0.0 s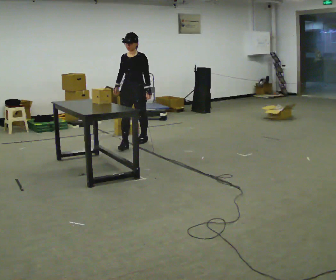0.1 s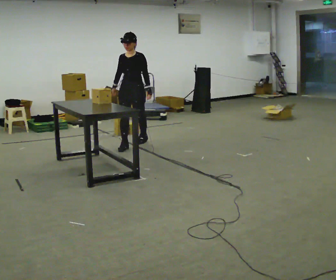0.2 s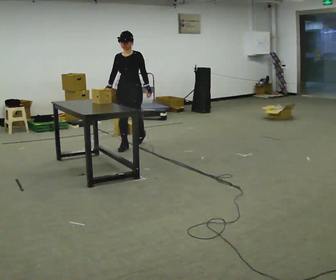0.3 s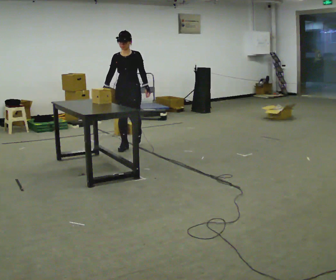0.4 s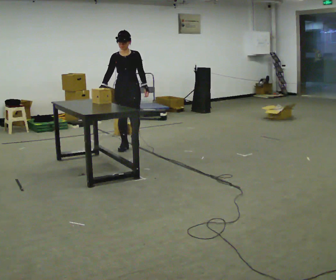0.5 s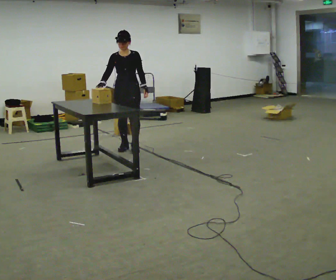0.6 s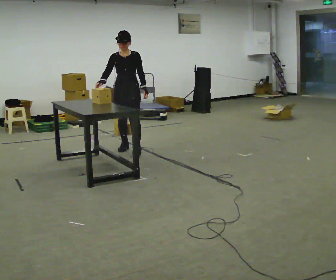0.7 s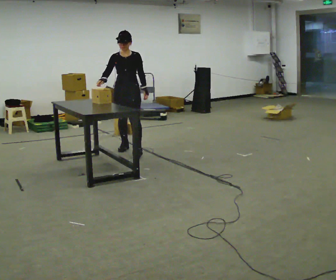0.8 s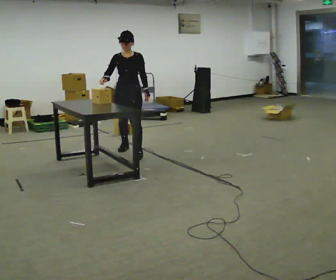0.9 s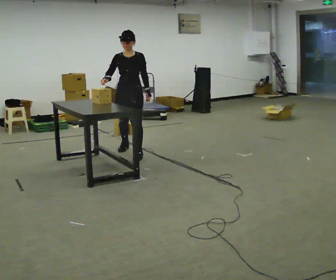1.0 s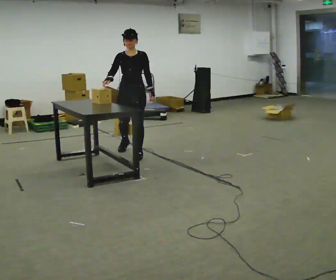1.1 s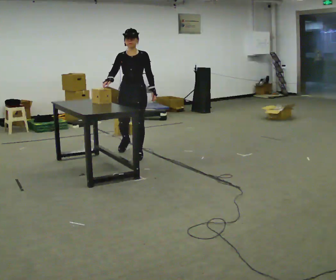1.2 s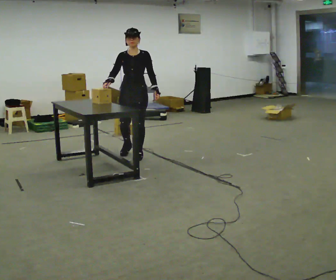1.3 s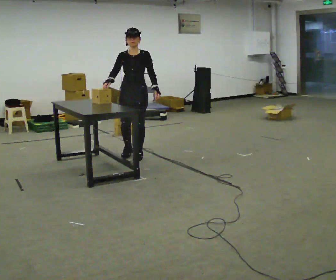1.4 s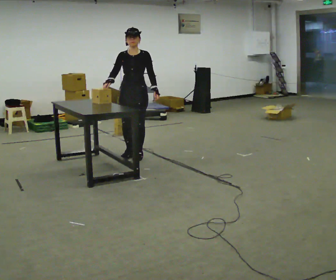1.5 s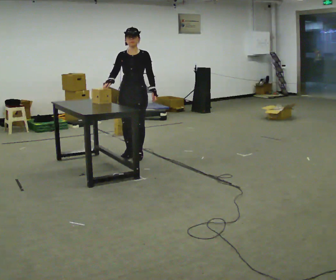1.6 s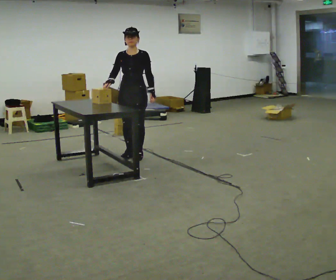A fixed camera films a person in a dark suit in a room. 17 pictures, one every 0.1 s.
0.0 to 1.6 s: In the picture they go toward the camera, about 0.5 m in 2 steps, which for them is forward.
The film runs forward here.
